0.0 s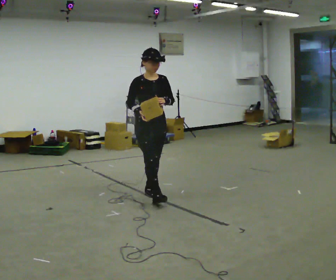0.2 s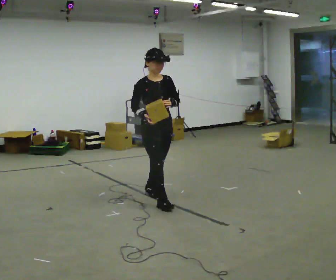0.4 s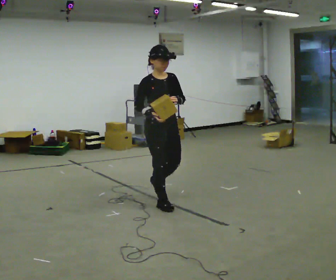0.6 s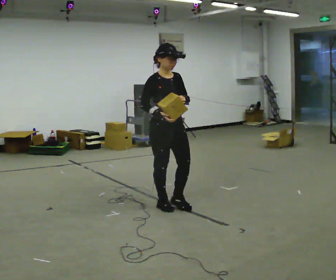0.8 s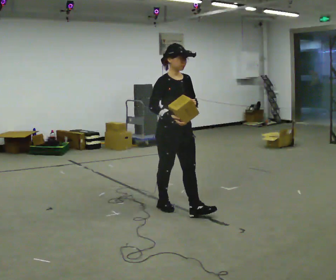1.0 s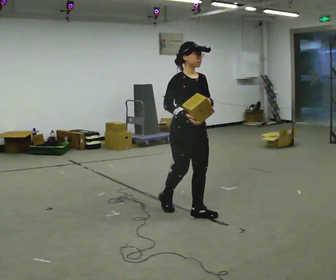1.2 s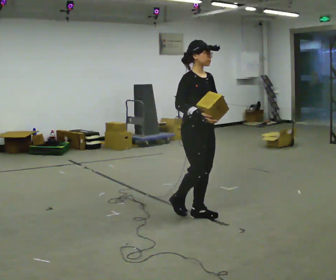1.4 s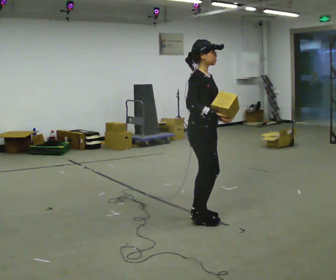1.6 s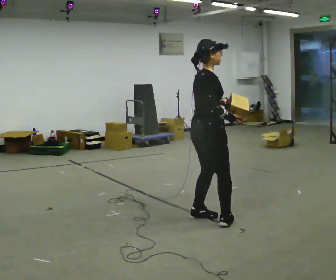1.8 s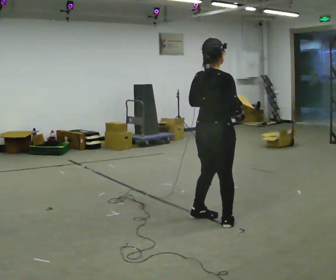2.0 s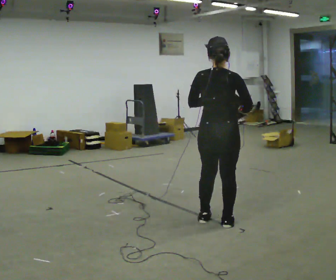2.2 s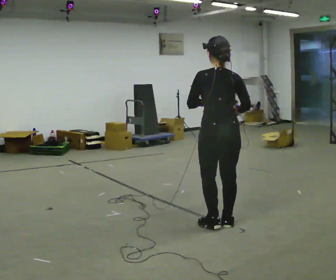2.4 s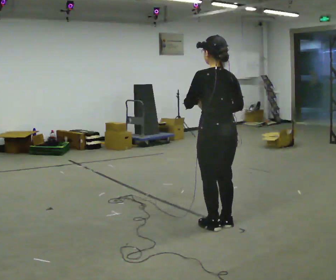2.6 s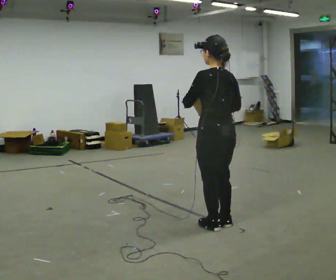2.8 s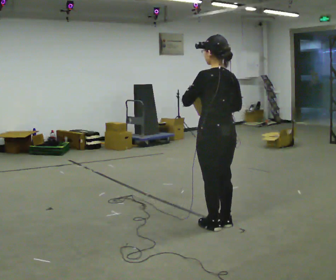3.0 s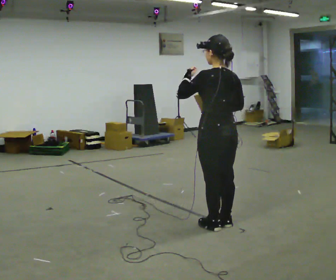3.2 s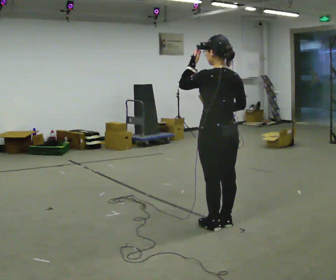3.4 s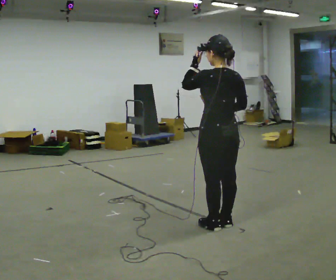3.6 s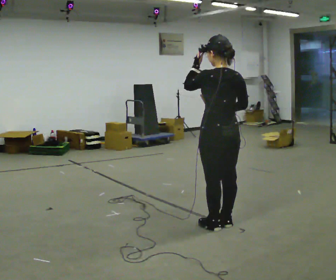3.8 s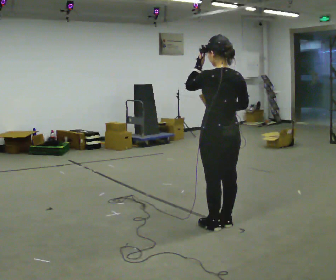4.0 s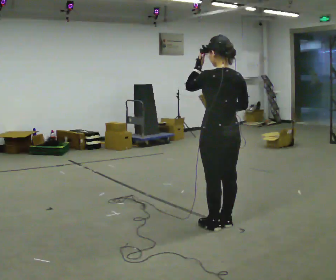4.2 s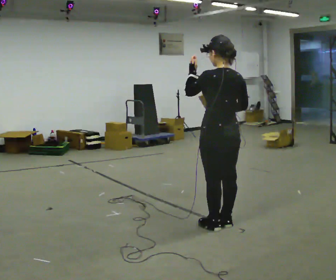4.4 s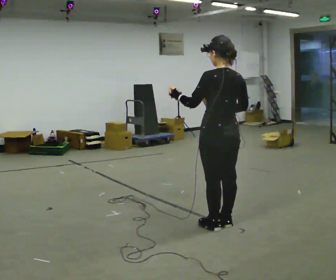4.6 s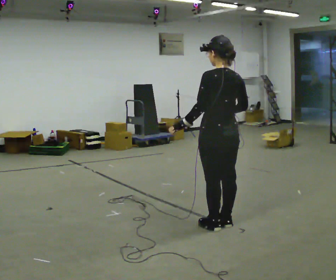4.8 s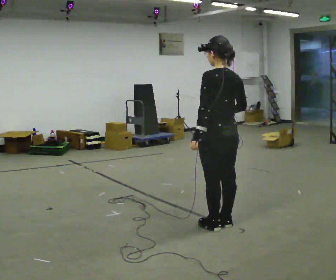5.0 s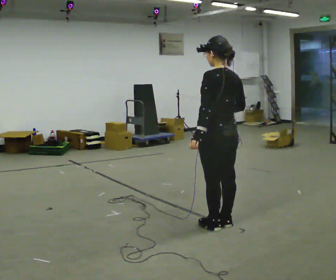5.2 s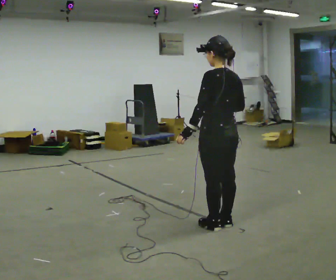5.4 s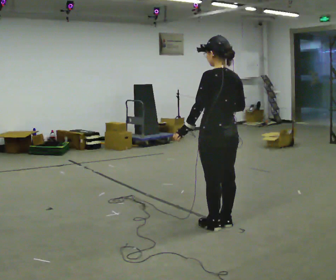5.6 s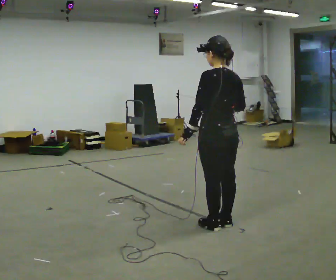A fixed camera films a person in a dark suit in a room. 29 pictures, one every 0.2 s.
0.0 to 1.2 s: The person turns about 30 degrees to their left, counterclockwise seen from above, so the part of the body nearest the lens slides to the right. In the picture they go to the right and toward the camera, about 1 m in 2 steps, which for them is forward.
1.2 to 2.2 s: Seen from above the body turns counterclockwise, about 150 degrees: to their left, with its near side sliding to the right. In the picture they go to the right and toward the camera, about 0.25 m in 2 steps.
2.2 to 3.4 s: The person moves a little, or ends about where they began.
3.4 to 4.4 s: In the picture their left hand goes downward.
4.4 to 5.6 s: The person moves a little, or ends about where they began.
The film runs forward here.
